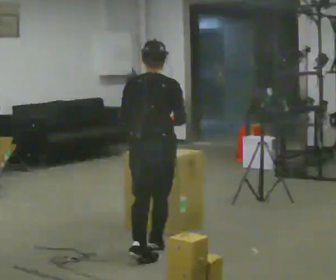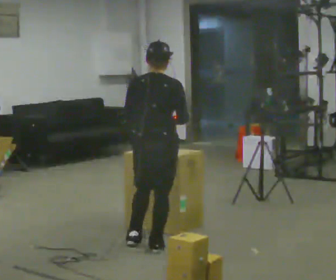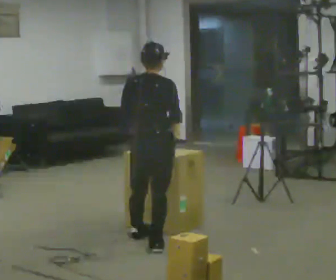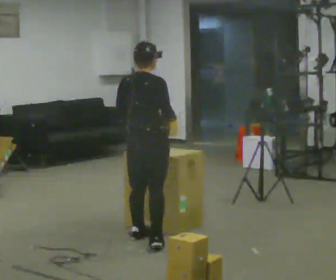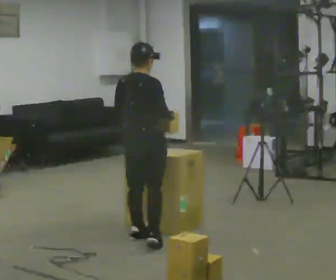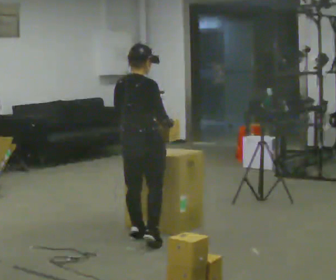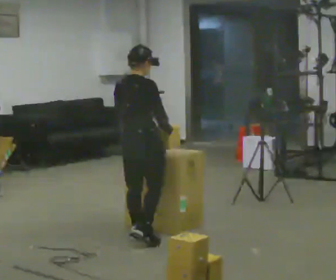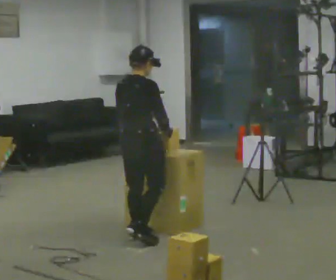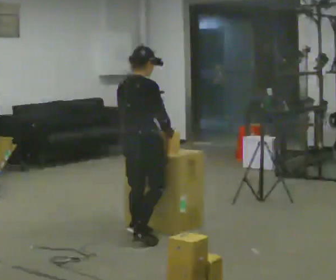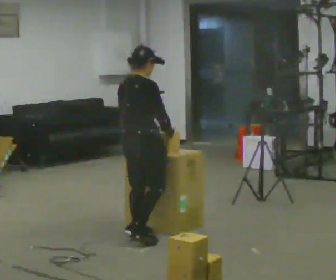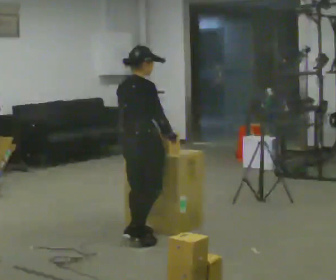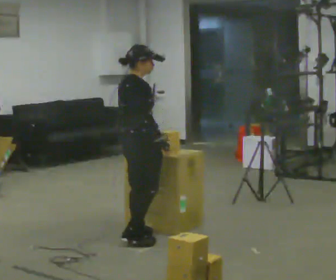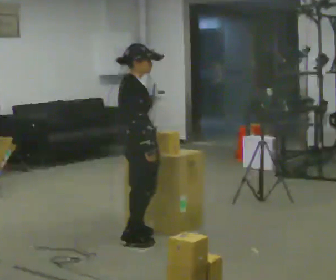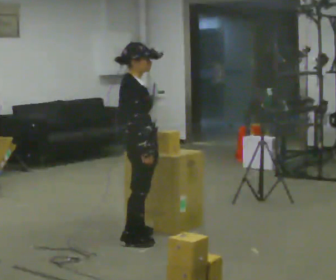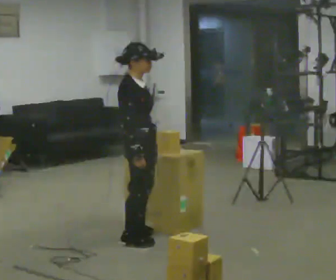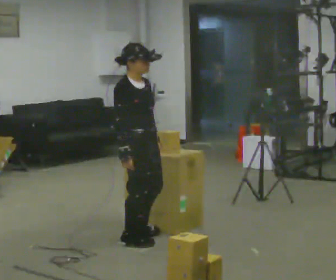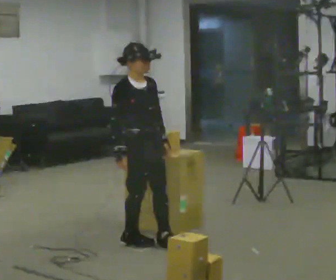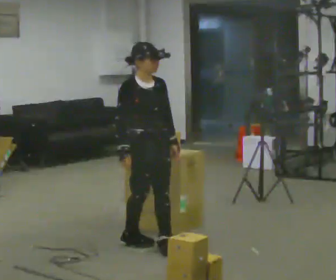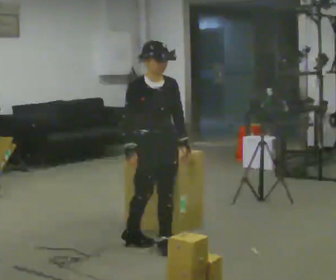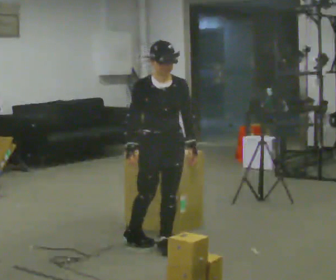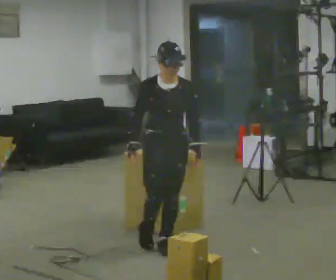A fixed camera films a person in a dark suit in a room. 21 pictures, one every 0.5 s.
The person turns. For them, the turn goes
to their right.
The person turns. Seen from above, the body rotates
clockwise.
0.0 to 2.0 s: The part of the body nearest the lens slides to the left as the person turns to their right by about 30 degrees. In the picture they go away from the camera, about 0.5 m in 1 step, which for them is forward and to their left.
2.0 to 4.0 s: The person moves a little, or ends about where they began.
4.0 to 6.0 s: Seen from above the body turns clockwise, about 30 degrees: to their right, with its near side sliding to the left.
6.0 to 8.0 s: The person turns about 60 degrees to their right, clockwise seen from above, so the part of the body nearest the lens slides to the left. In the picture they go toward the camera, about 0.25 m, which for them is to their right.
8.0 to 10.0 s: The part of the body nearest the lens slides to the left as the person turns to their right by about 45 degrees. In the picture they go to the right, about 0.25 m in 1 step, which for them is forward.
The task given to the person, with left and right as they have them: 1. The operator will tell you the shelf is already sorted and just needs moving to the table. 2. Do what you think is right. 3. Tell the operator when you are finished.
The film runs forward here.
